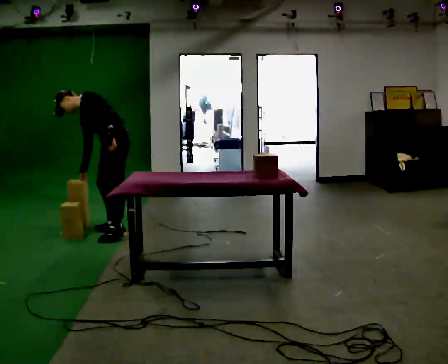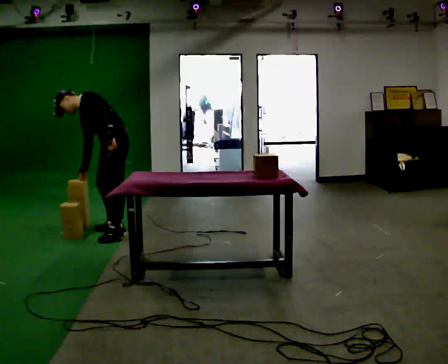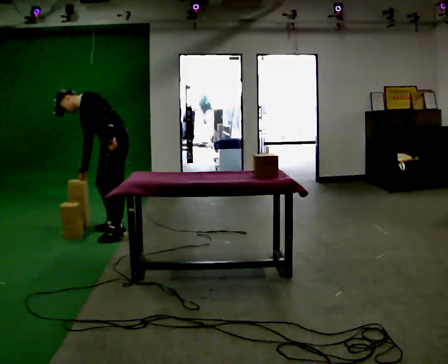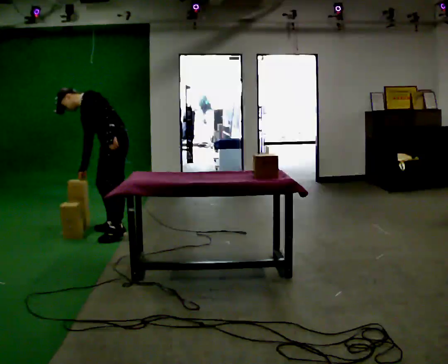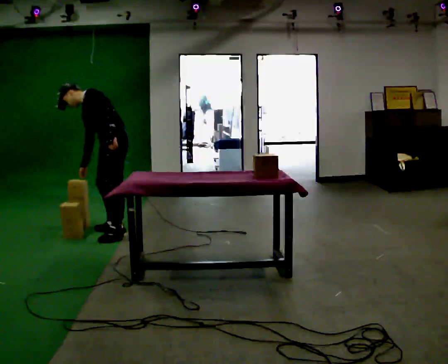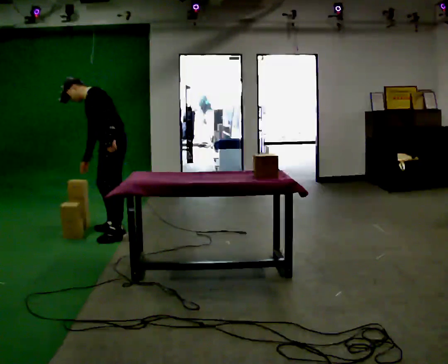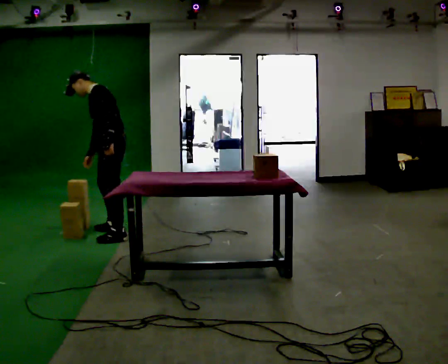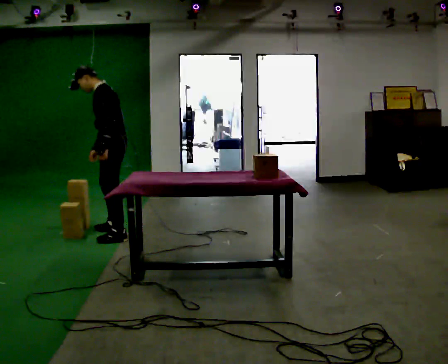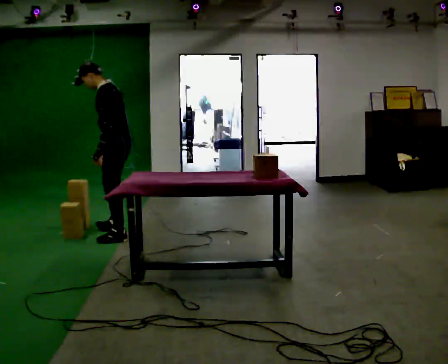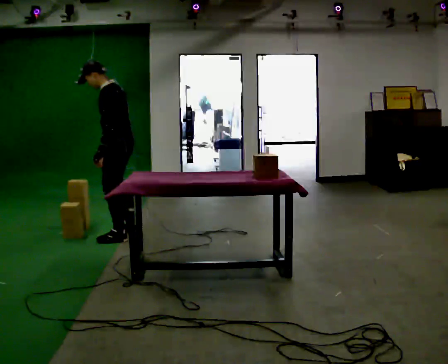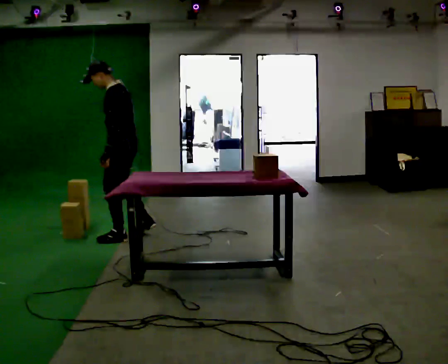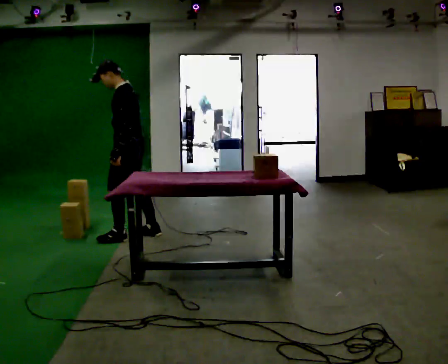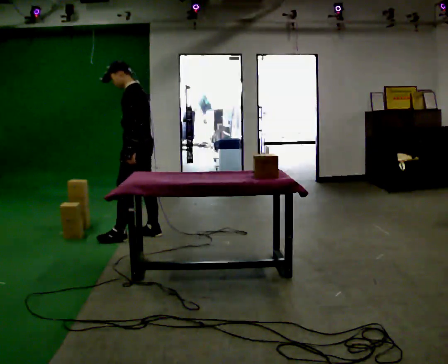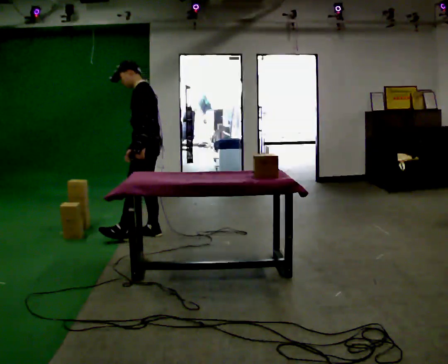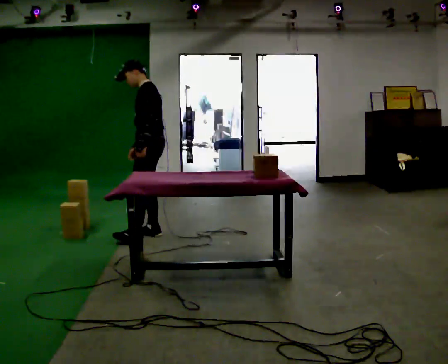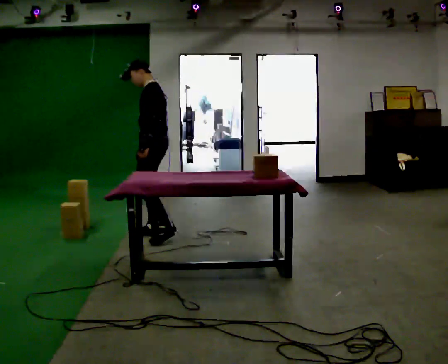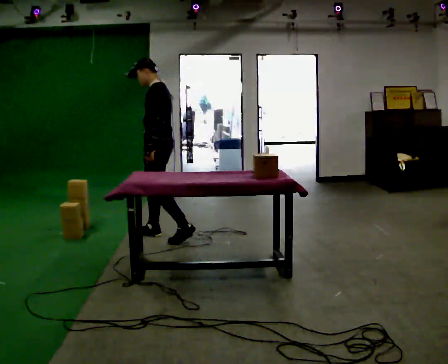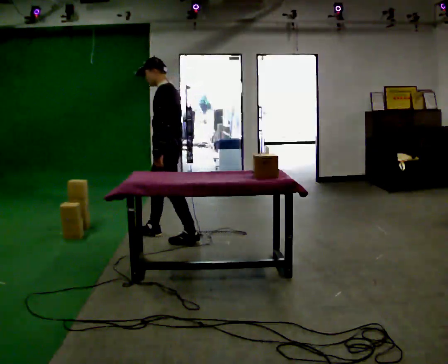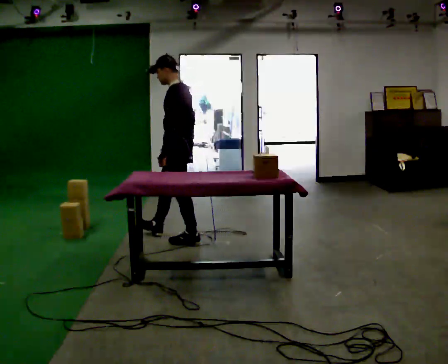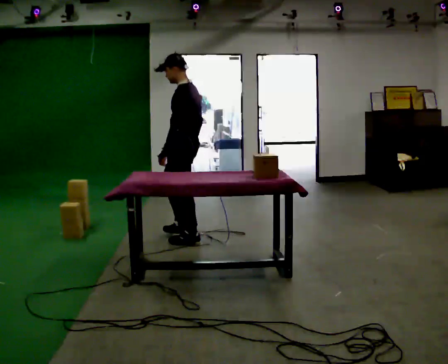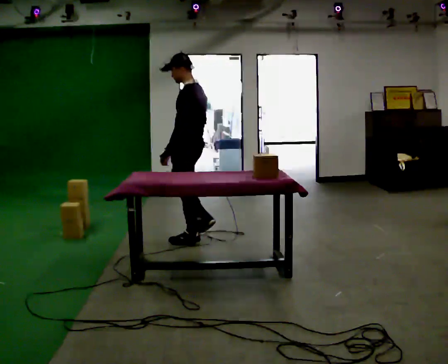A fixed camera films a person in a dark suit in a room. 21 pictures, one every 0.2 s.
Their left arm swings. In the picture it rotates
clockwise.
The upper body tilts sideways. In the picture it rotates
clockwise.
0.0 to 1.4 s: In the picture the upper body tilts clockwise, shoulders to the right, as they lean back or straighten.
1.4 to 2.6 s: In the picture they go to the right, about 0.25 m in 2 steps, which for them is backward.
2.6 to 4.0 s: In the picture they go to the right and toward the camera, about 0.5 m in 1 step, which for them is backward.
The film runs backward here.
